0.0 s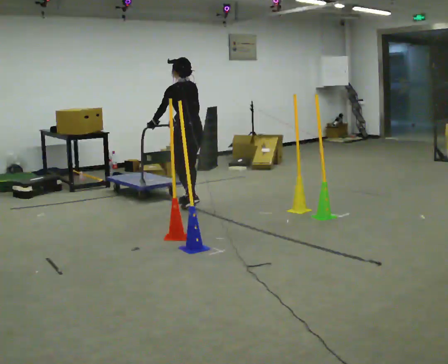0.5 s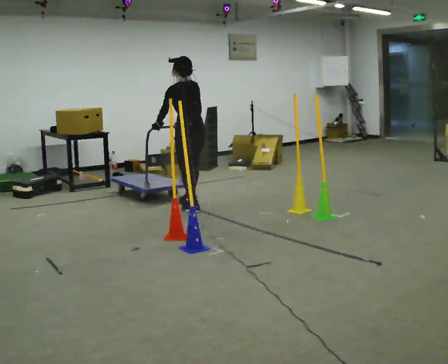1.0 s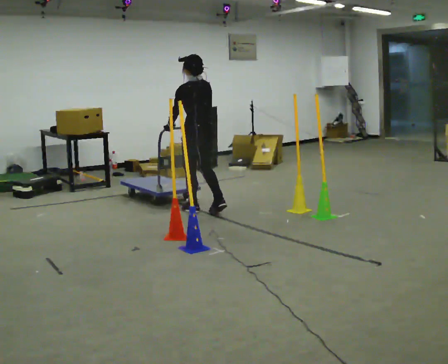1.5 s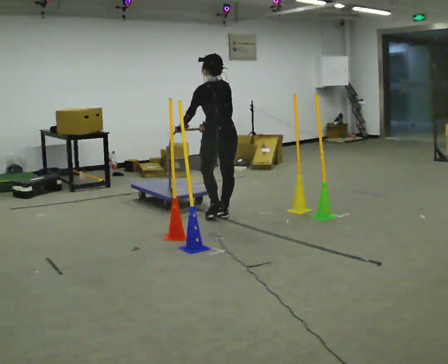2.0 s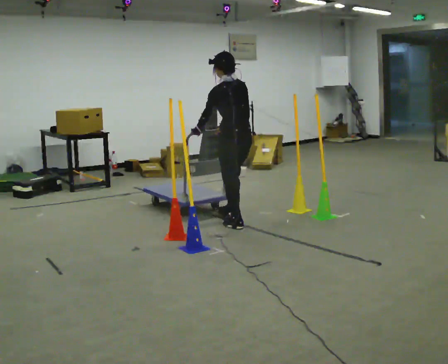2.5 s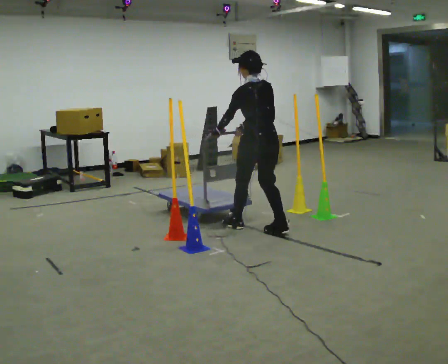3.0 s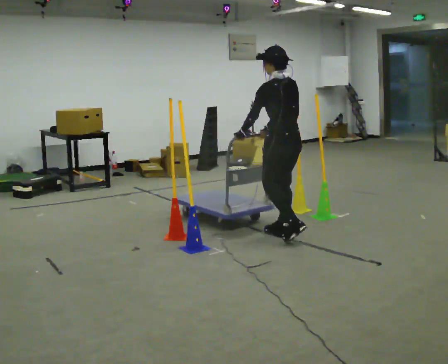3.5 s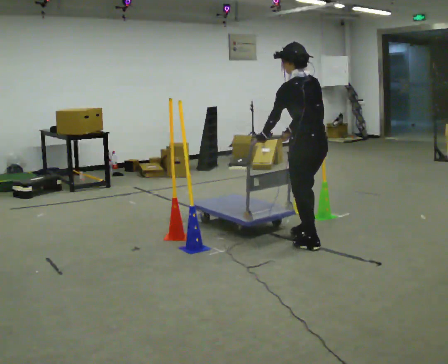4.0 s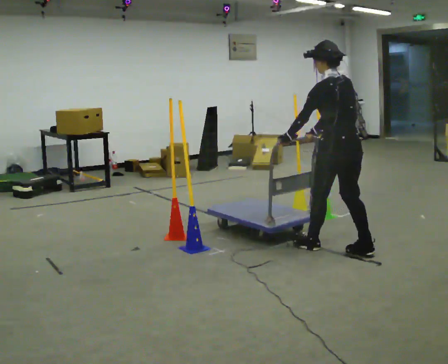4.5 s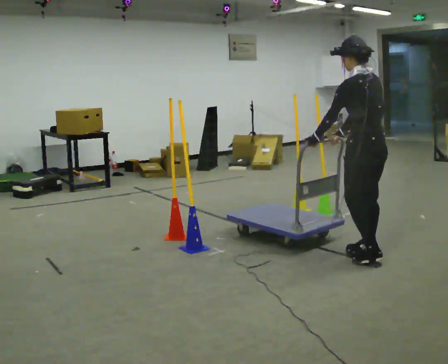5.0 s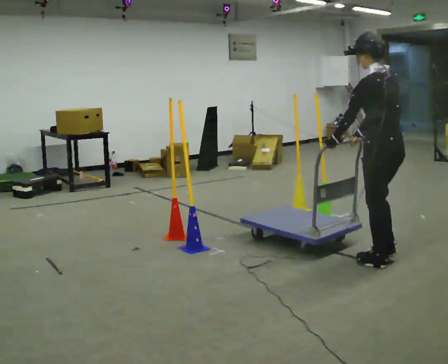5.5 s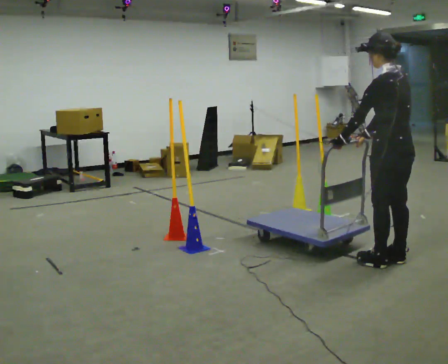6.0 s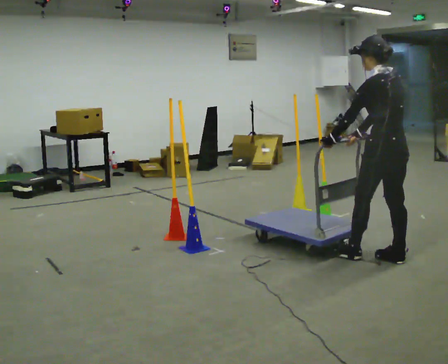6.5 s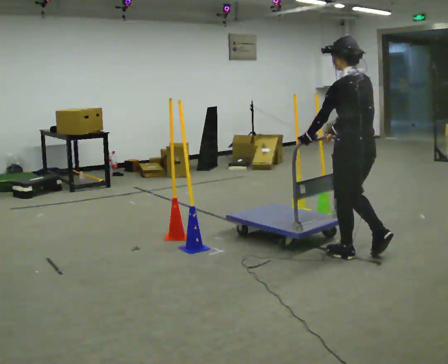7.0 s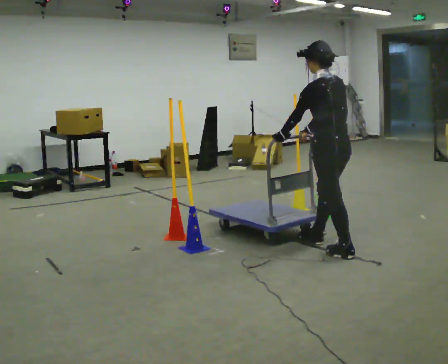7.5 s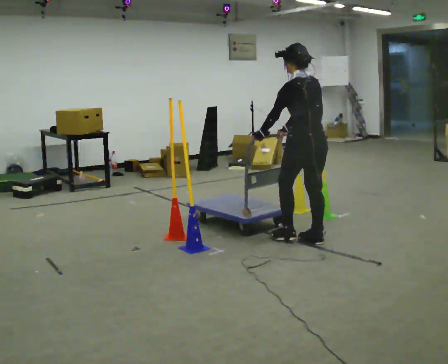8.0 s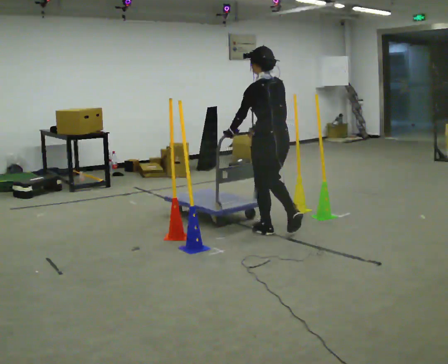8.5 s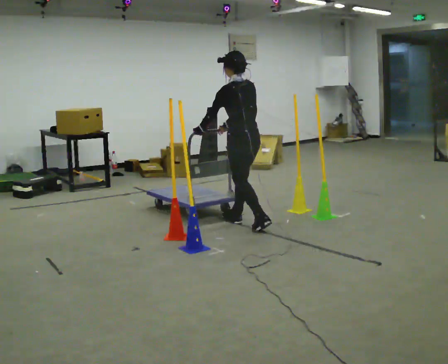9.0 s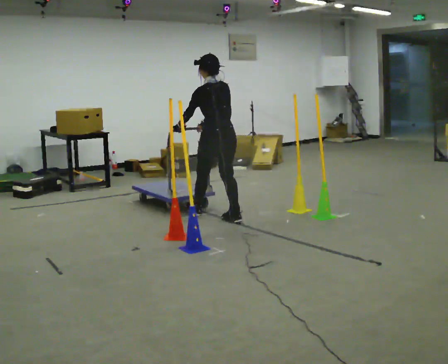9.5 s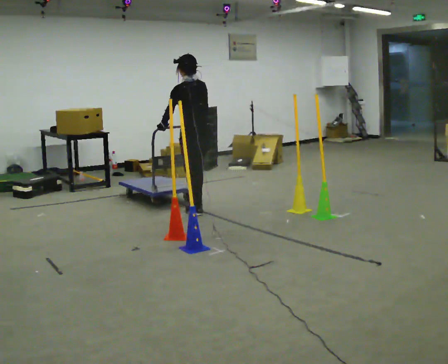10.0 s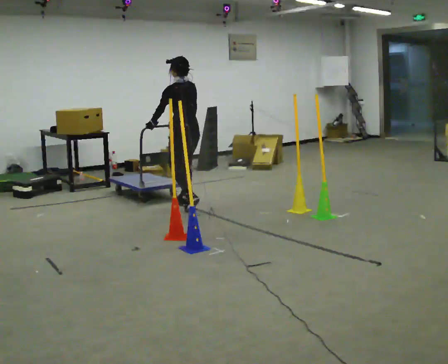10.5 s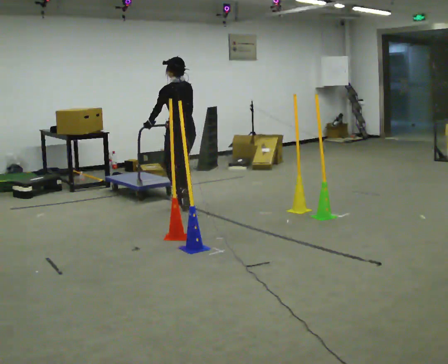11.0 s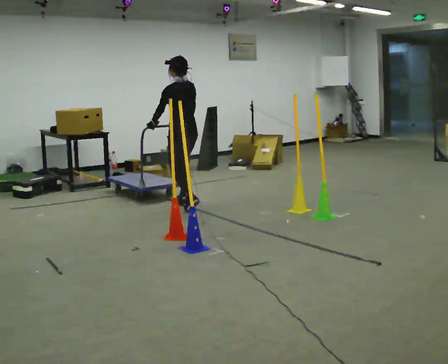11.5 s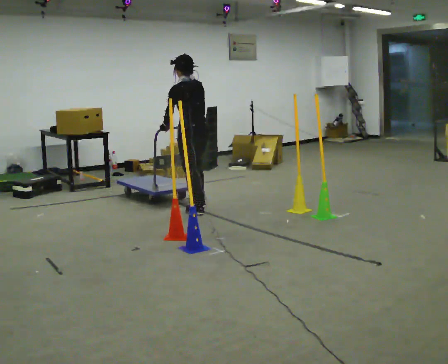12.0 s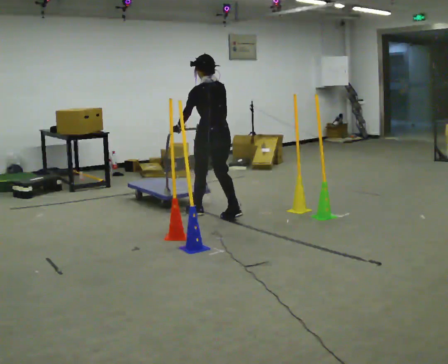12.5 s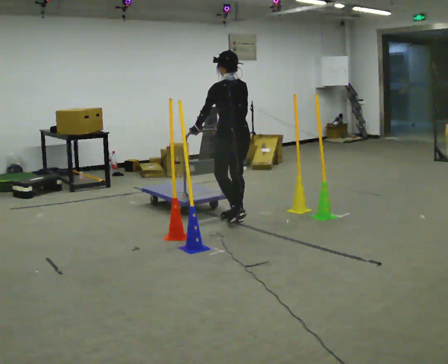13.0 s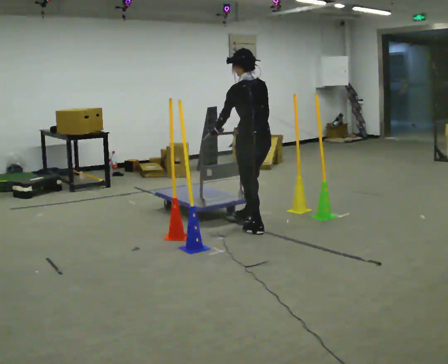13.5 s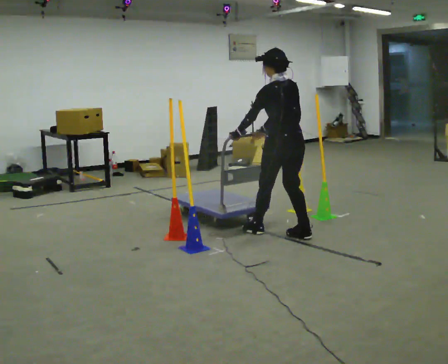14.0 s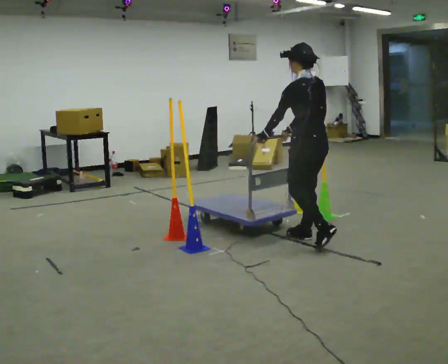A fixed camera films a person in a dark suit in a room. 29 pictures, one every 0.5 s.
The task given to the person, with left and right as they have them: Push the cart in and out of the line of poles without touching any of them. Keep going until the operator says stop.
0.0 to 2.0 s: In the picture they go toward the camera and to the right, about 1 m in 2 steps, which for them is backward.
2.0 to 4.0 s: In the picture they go to the right and toward the camera, about 1 m in 3 steps, which for them is backward.
4.0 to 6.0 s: In the picture they go to the right and toward the camera, about 0.25 m in 2 steps, which for them is backward.
6.0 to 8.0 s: In the picture they go to the left and away from the camera, about 1 m in 3 steps, which for them is forward.
8.0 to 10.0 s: In the picture they go to the left and away from the camera, about 1.5 m in 3 steps, which for them is forward.
10.0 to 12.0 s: In the picture they go to the right and toward the camera, about 0.5 m in 3 steps, which for them is backward.
12.0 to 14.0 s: In the picture they go to the right and toward the camera, about 1 m in 2 steps, which for them is backward.
The film runs forward here.
